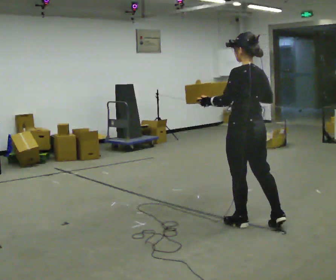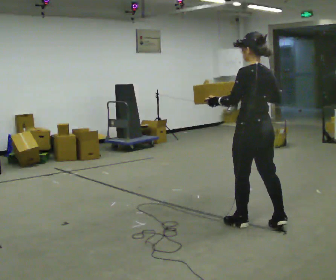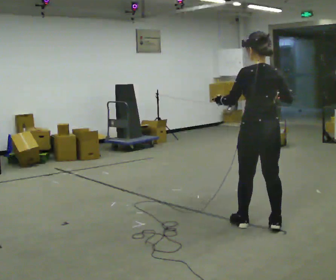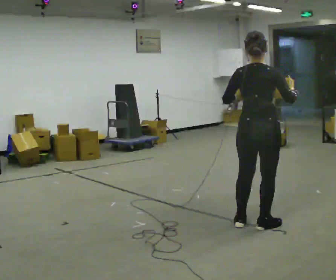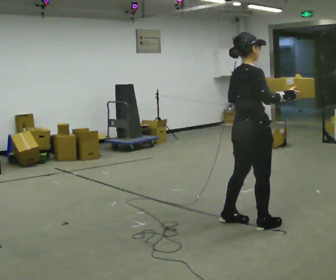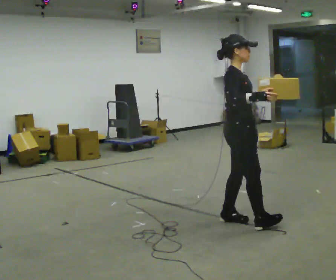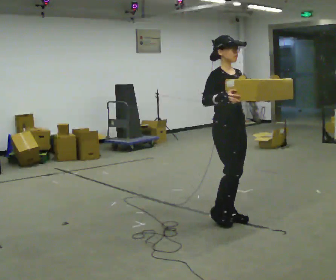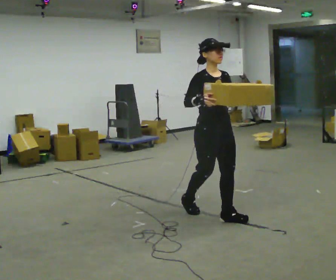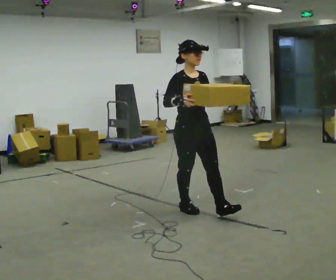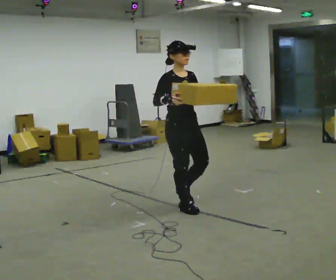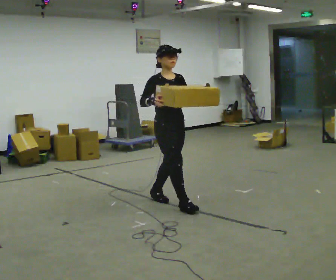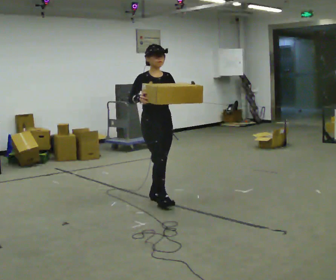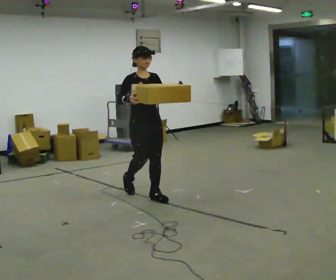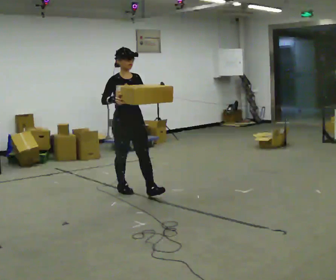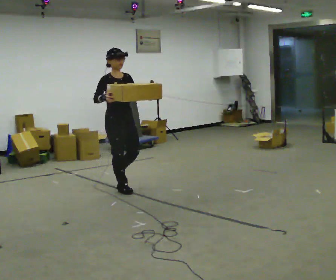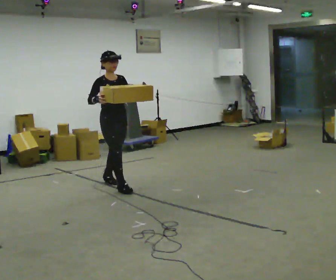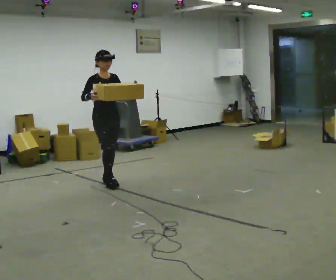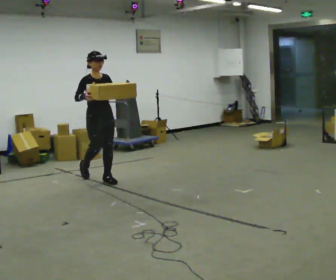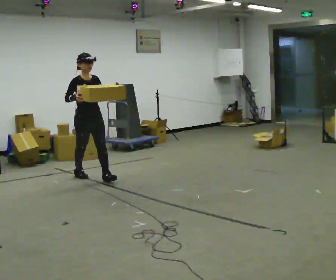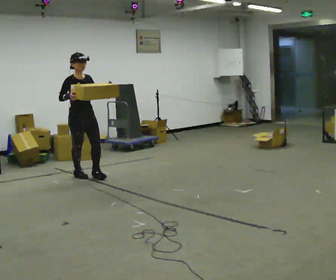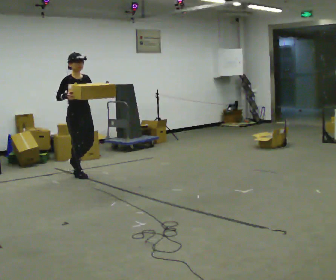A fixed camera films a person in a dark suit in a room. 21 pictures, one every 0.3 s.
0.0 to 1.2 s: Seen from above the body turns clockwise, about 90 degrees: to their right, with its near side sliding to the left.
1.2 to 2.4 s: The part of the body nearest the lens slides to the left as the person turns to their right by about 90 degrees. In the picture they go away from the camera and to the left, about 0.75 m in 2 steps.
2.4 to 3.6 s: In the picture they go away from the camera and to the left, about 0.5 m in 1 step, which for them is backward.
3.6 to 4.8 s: In the picture they go away from the camera and to the left, about 1 m in 2 steps, which for them is backward.
4.8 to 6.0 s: In the picture they go to the left and away from the camera, about 0.5 m in 1 step, which for them is backward.
The film runs backward here.
